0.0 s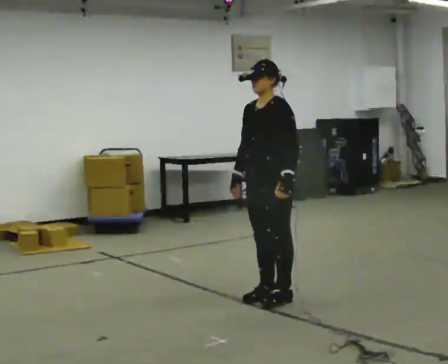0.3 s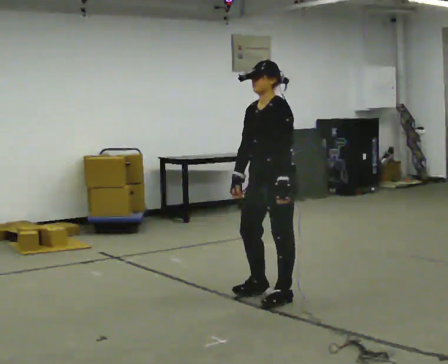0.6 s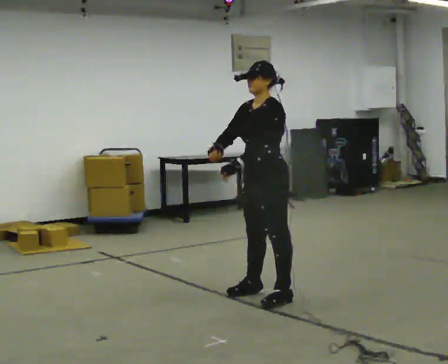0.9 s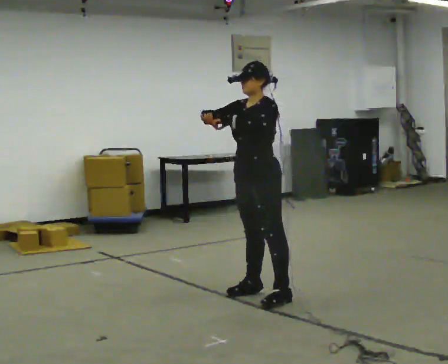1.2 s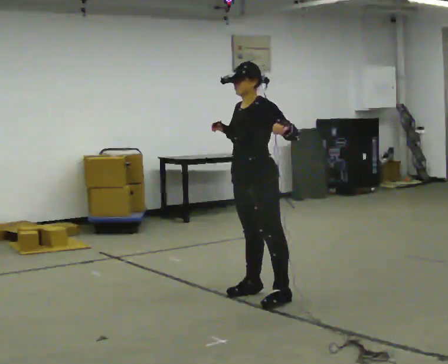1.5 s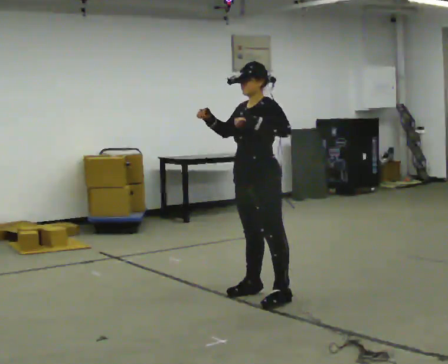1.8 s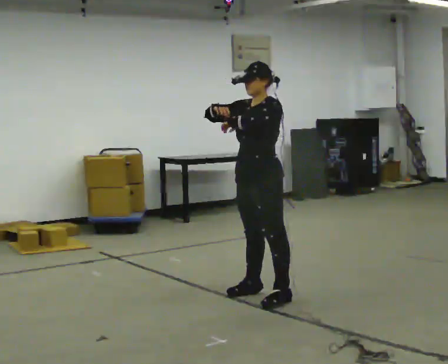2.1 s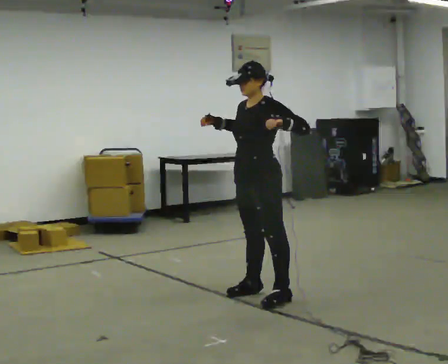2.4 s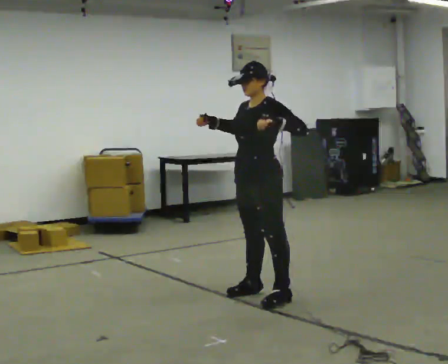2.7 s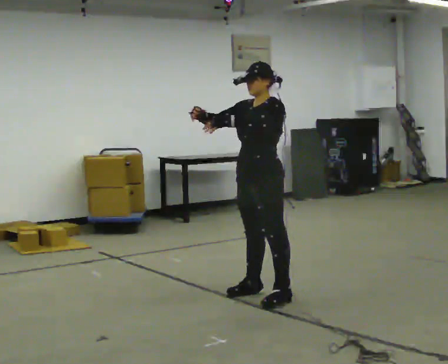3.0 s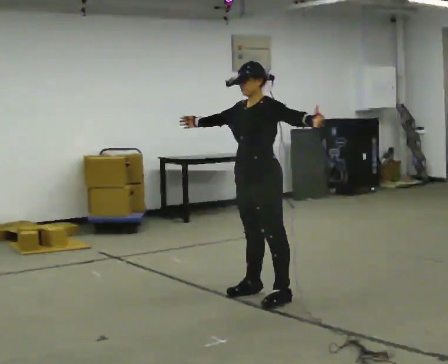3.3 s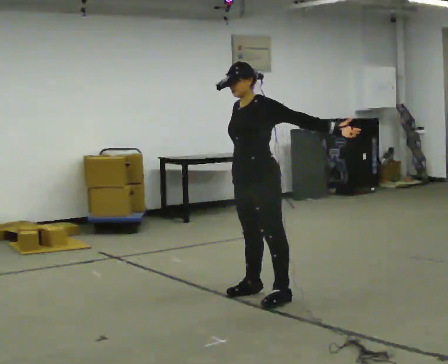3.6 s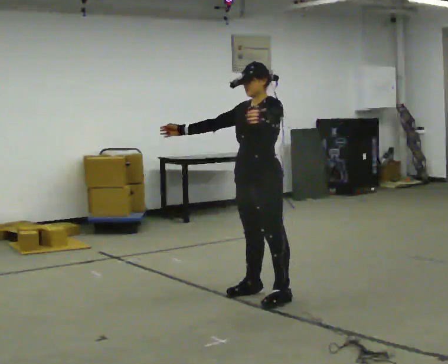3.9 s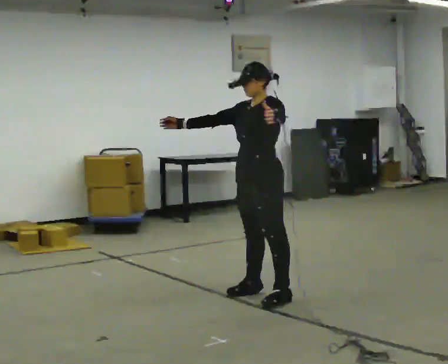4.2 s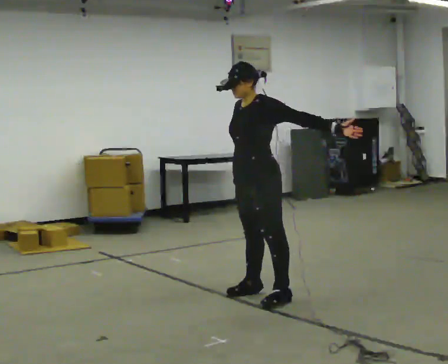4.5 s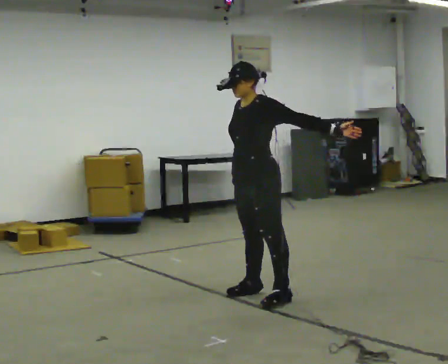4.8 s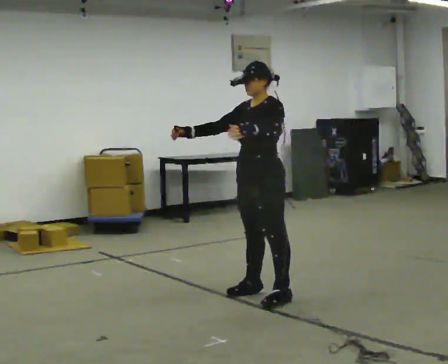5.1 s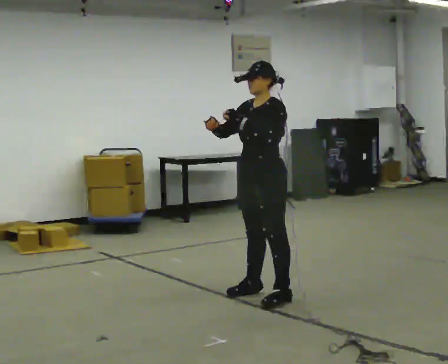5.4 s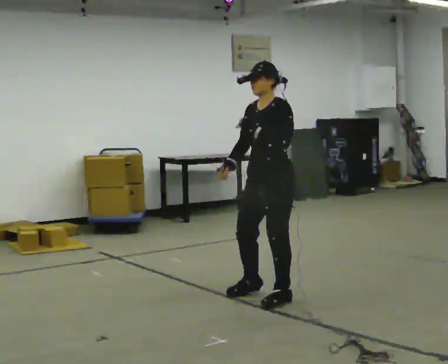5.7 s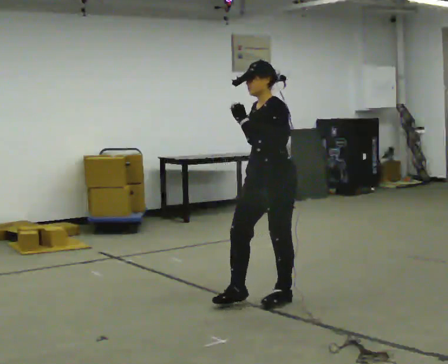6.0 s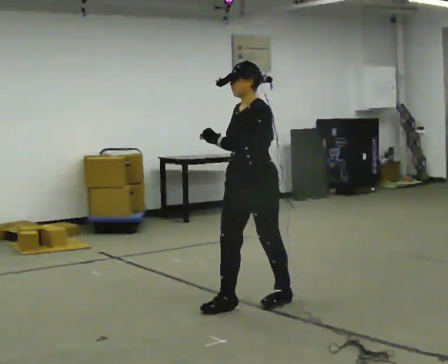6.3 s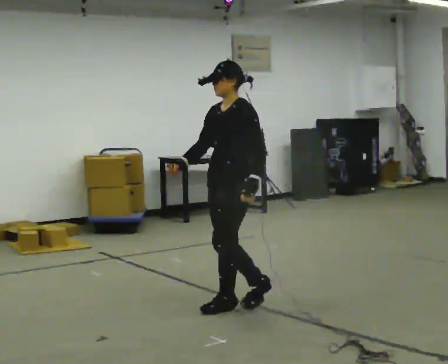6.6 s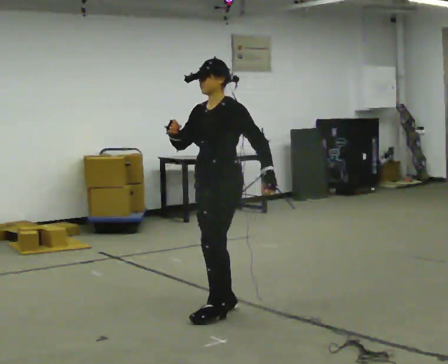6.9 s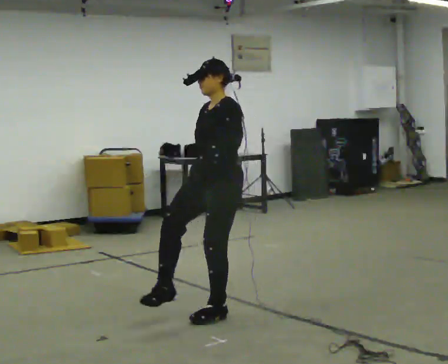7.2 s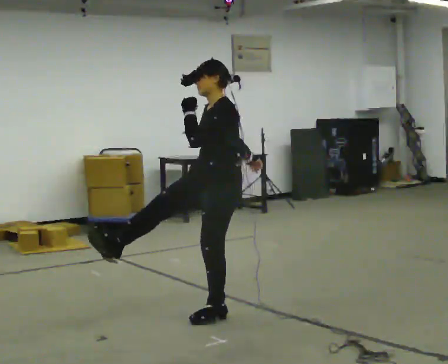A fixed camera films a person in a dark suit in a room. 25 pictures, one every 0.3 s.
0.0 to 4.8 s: In the picture their right hand goes upward.
4.8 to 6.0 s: In the picture they go toward the camera, about 0.25 m in 1 step, which for them is forward. In the picture their right hand goes to the right and downward.
6.0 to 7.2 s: In the picture they go toward the camera and to the left, about 0.25 m in 1 step, which for them is forward.
The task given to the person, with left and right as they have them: Dance freely at a slow tempo as if to slow music; keep moving continuously.
The film runs forward here.
